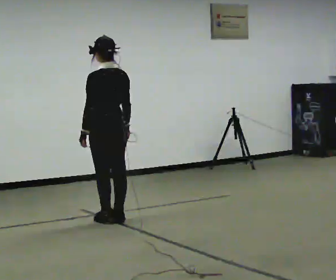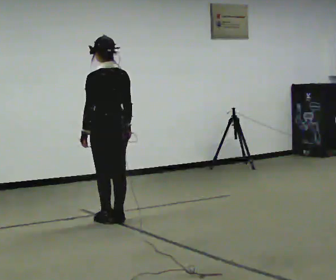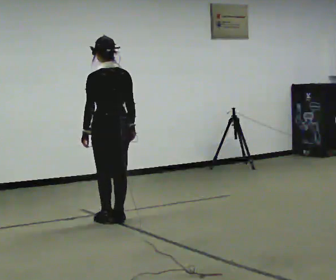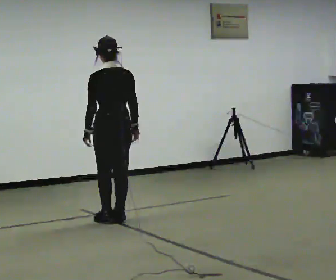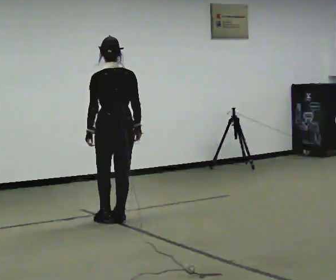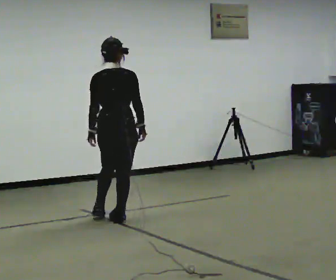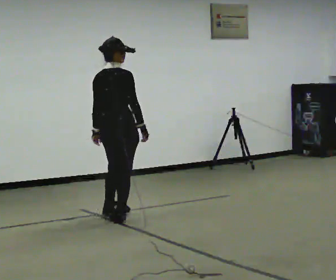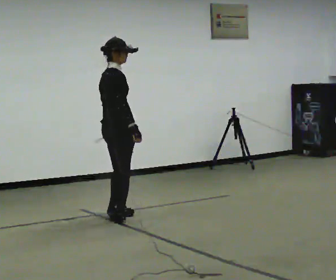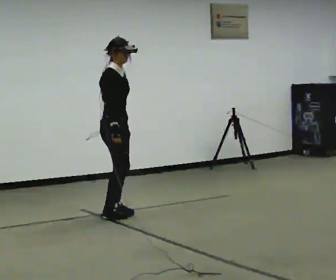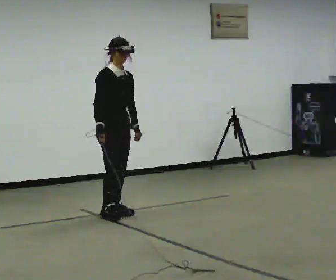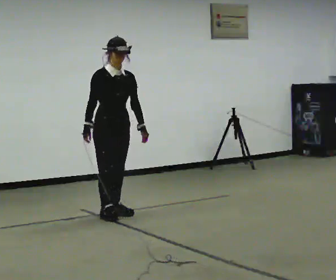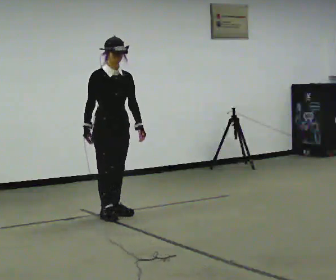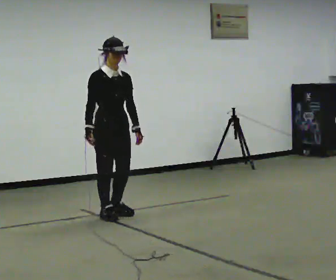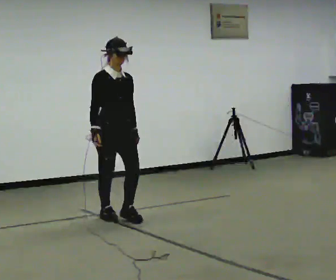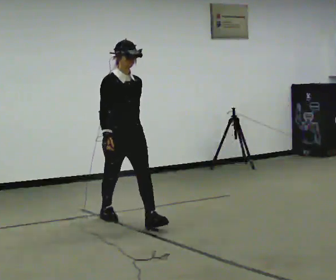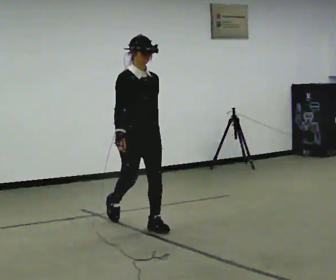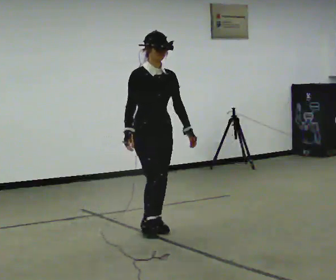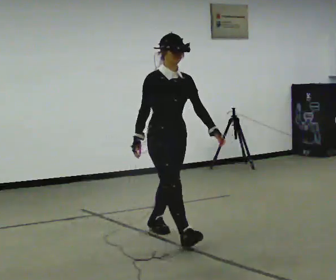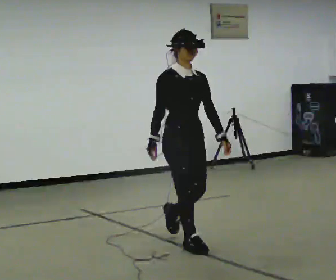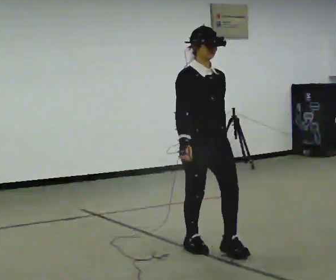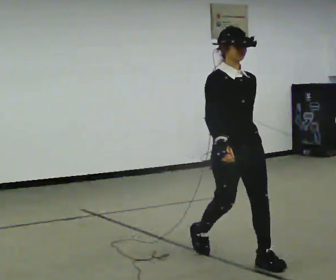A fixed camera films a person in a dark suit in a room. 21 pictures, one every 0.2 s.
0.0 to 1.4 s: The person turns about 105 degrees to their right, clockwise seen from above, so the part of the body nearest the lens slides to the left.
1.4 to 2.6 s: Seen from above the body turns clockwise, about 75 degrees: to their right, with its near side sliding to the left.
2.6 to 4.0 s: In the picture they go toward the camera and to the right, about 1.5 m in 3 steps, which for them is forward.
The film runs forward here.
